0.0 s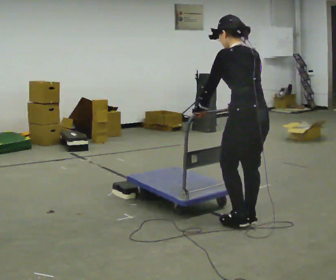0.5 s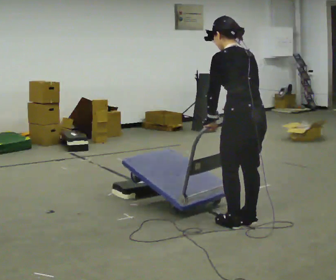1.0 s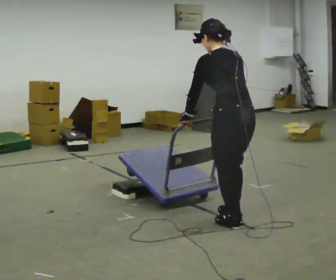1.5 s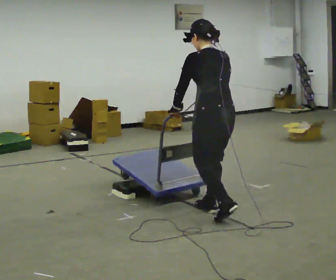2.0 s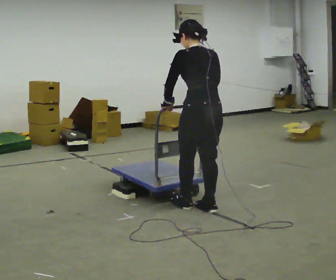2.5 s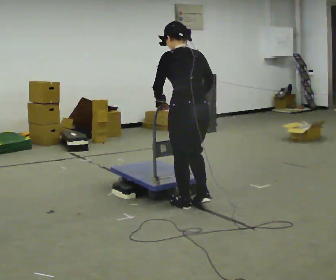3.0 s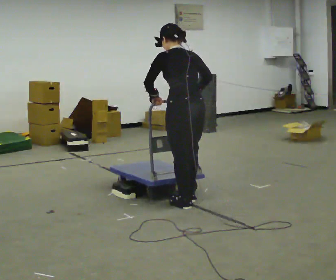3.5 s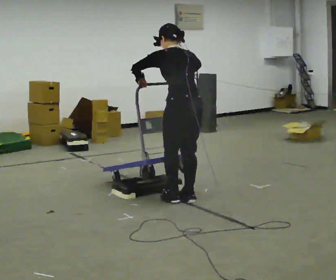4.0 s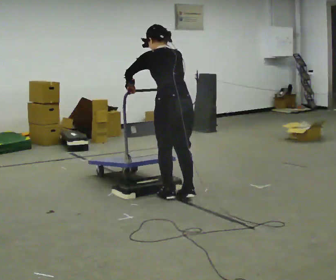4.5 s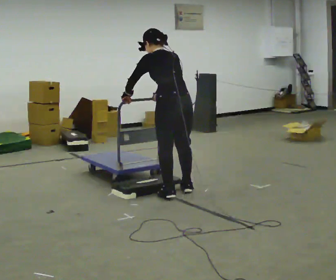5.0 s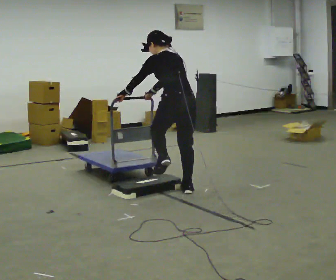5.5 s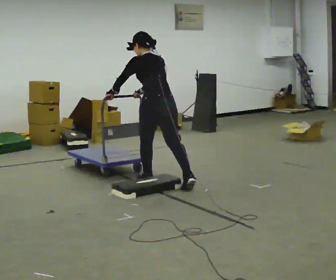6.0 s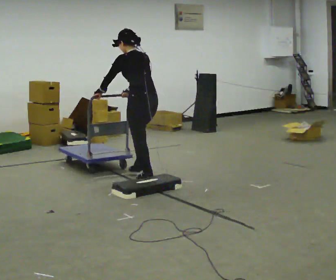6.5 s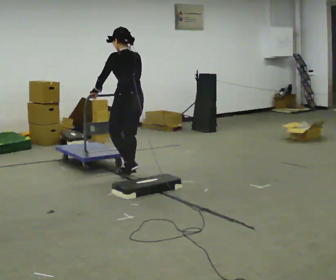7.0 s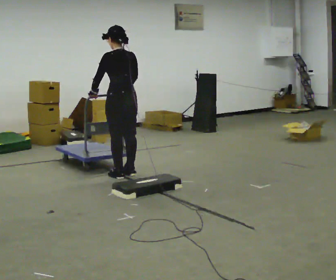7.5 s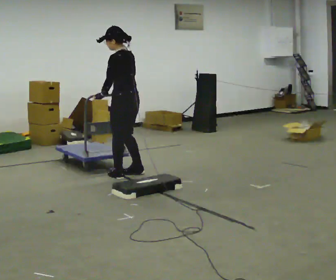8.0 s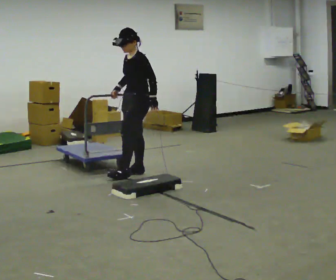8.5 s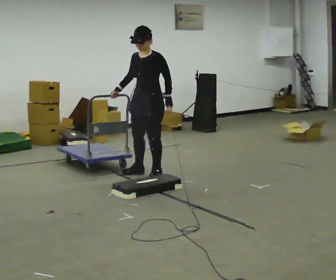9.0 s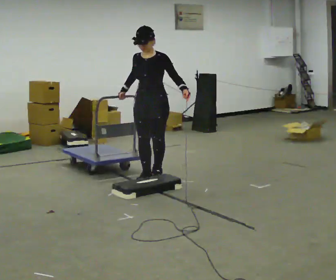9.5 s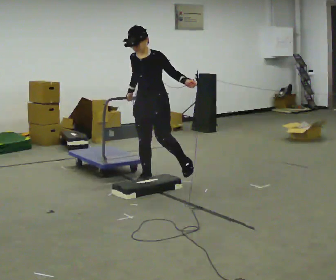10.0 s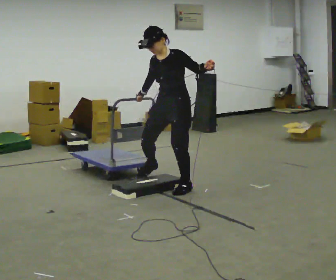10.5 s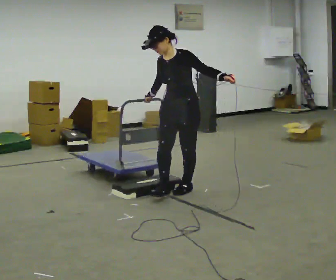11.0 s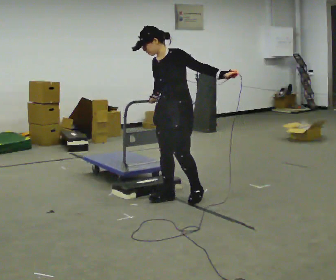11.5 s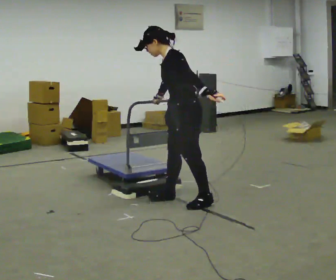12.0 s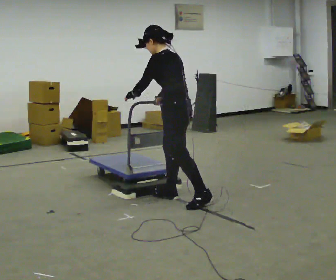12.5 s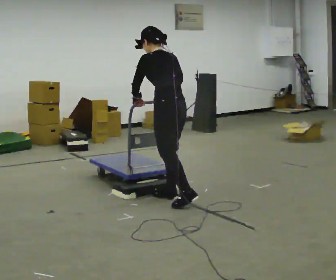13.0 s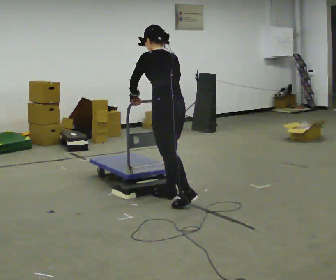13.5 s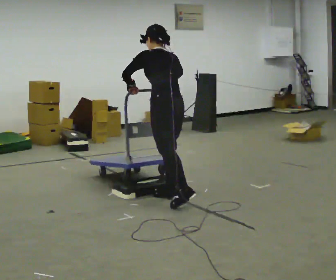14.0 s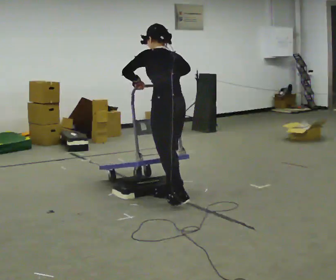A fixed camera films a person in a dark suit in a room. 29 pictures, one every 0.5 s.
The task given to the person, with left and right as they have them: Push the cart up over the low platform edge and down the other side, then bring it back over.
0.0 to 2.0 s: In the picture they go away from the camera and to the left, about 0.5 m in 3 steps, which for them is forward.
2.0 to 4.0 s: In the picture they go away from the camera and to the left, about 0.5 m in 2 steps, which for them is forward.
4.0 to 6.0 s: In the picture they go away from the camera, about 1 m in 2 steps, which for them is forward.
6.0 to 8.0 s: The person turns about 75 degrees to their left, counterclockwise seen from above, so the part of the body nearest the lens slides to the right. In the picture they go away from the camera, about 0.25 m in 2 steps. The upper body tips toward the camera, its near side rolling downward.
8.0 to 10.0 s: The person turns about 30 degrees to their left, counterclockwise seen from above, so the part of the body nearest the lens slides to the right. In the picture they go toward the camera and to the right, about 0.5 m in 3 steps, which for them is forward and to their left. In the picture their left hand goes upward, the arm swinging counterclockwise.
10.0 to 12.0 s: The part of the body nearest the lens slides to the left as the person turns to their right by about 75 degrees. In the picture they go toward the camera, about 0.5 m in 2 steps.
12.0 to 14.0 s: The person moves a little, or ends about where they began.
The film runs forward here.
